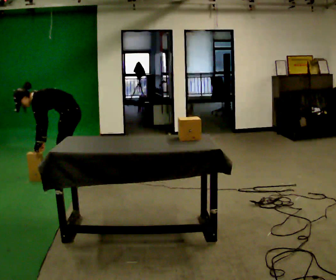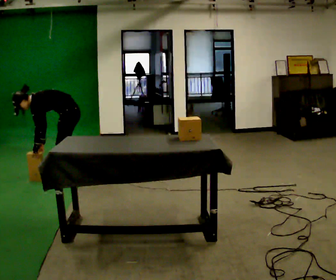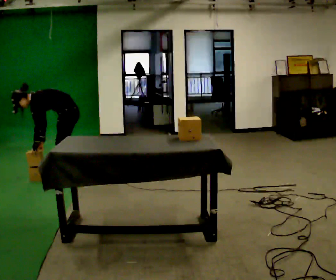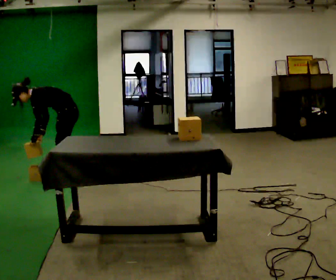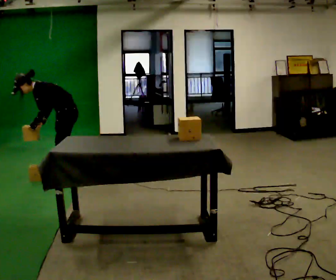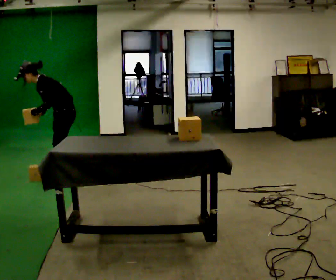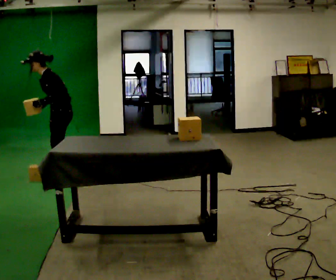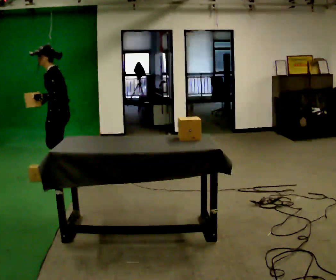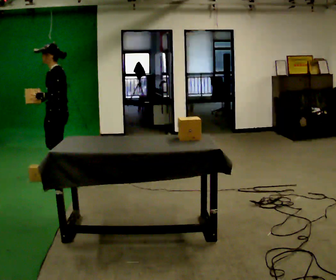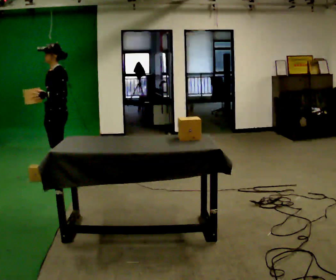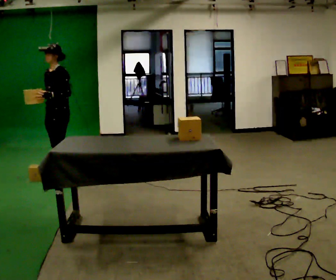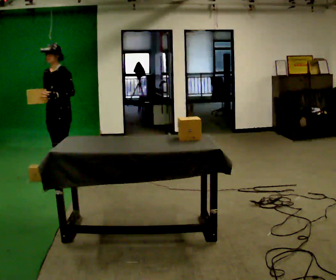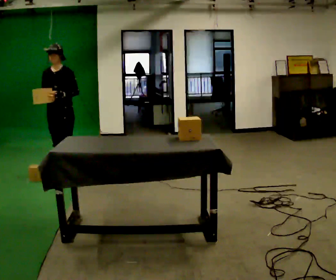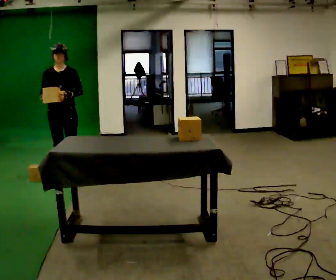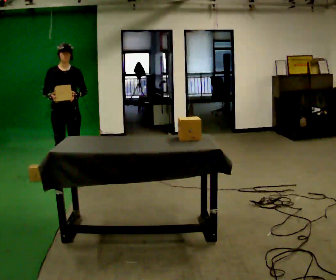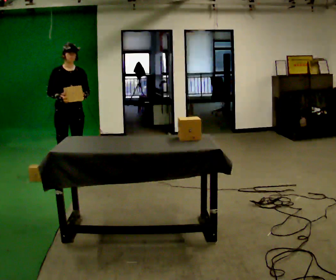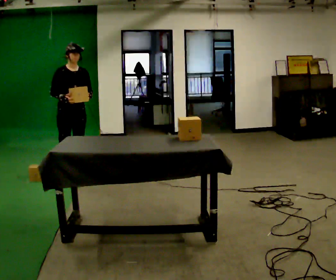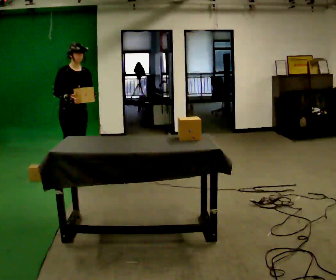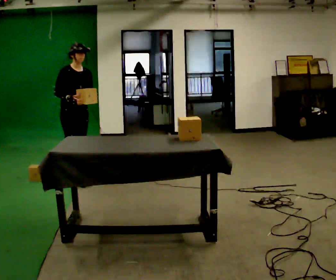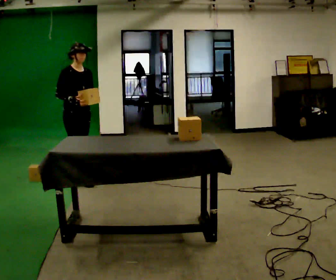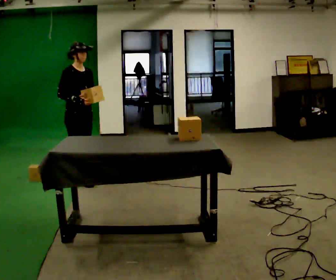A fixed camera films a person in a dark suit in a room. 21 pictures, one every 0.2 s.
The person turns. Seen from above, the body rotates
counterclockwise.
Their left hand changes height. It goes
upward.
0.0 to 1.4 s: The shoulders move upward. In the picture the upper body tilts clockwise, shoulders to the right, as they lean back or straighten. In the picture their right hand goes upward.
1.4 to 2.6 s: Seen from above the body turns counterclockwise, about 75 degrees: to their left, with its near side sliding to the right. In the picture they go away from the camera, about 0.25 m in 2 steps.
2.6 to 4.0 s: The part of the body nearest the lens slides to the right as the person turns to their left by about 60 degrees. In the picture they go toward the camera and to the right, about 0.25 m in 1 step, which for them is forward.
The film runs forward here.
